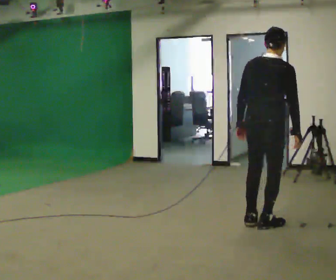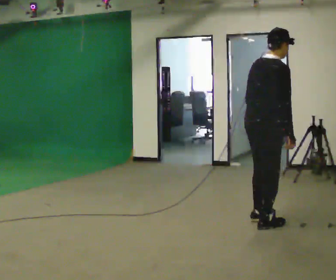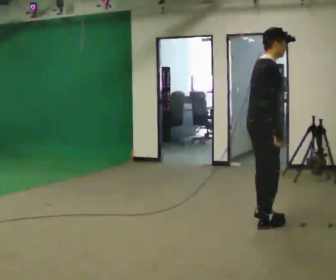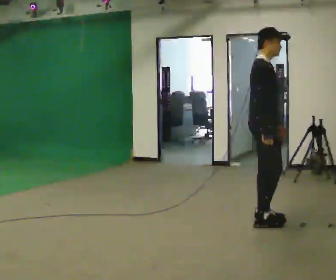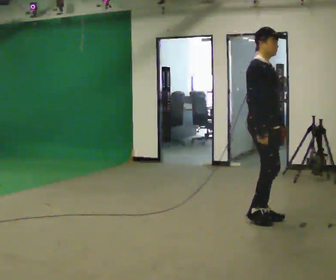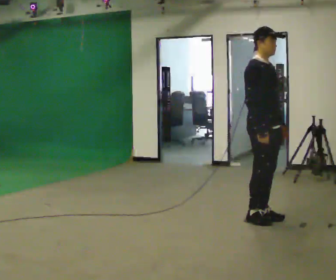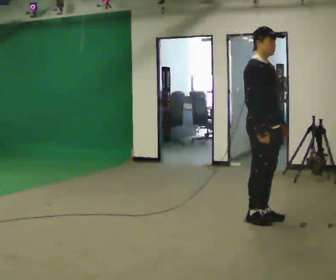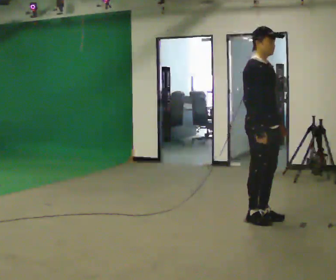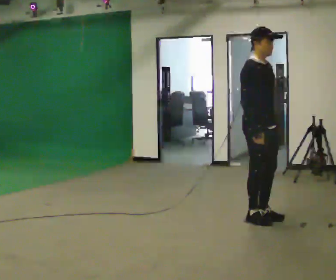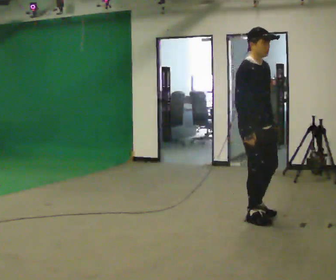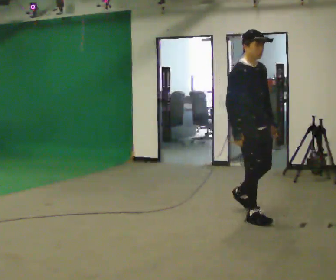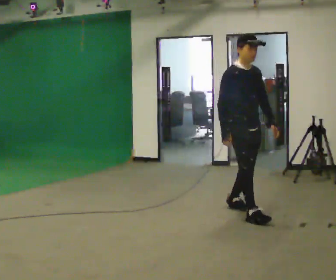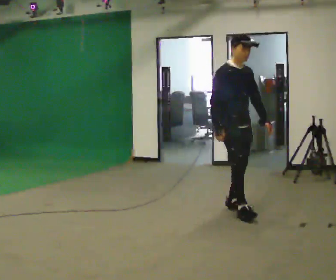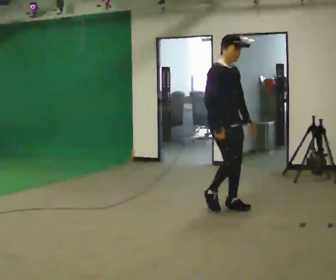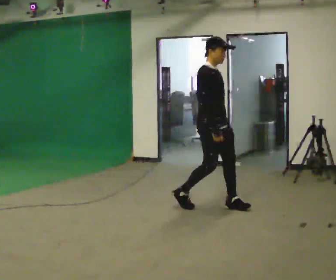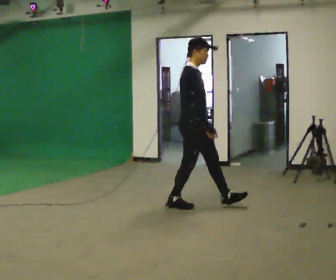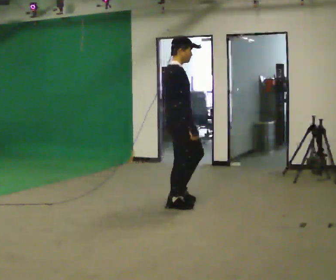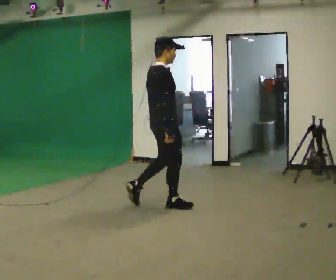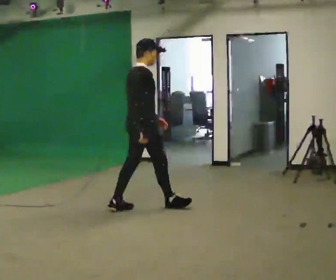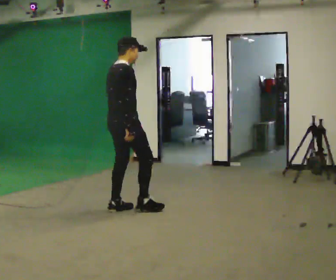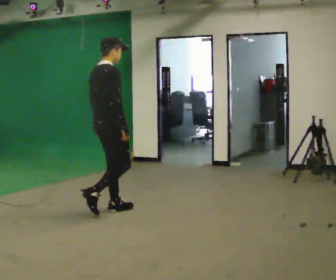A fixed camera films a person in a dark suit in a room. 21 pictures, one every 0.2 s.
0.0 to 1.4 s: Seen from above the body turns clockwise, about 90 degrees: to their right, with its near side sliding to the left. In the picture they go away from the camera, about 0.25 m in 1 step. In the picture their left hand goes to the right, the arm swinging counterclockwise.
1.4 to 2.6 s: In the picture they go away from the camera and to the left, about 0.5 m in 2 steps, which for them is backward.
2.6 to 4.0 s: Seen from above the body turns counterclockwise, about 75 degrees: to their left, with its near side sliding to the right. In the picture they go to the left, about 1 m in 2 steps.
The film runs backward here.
